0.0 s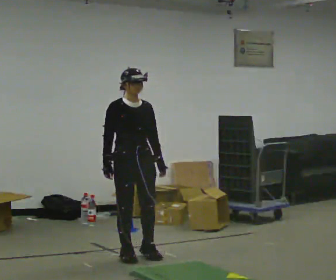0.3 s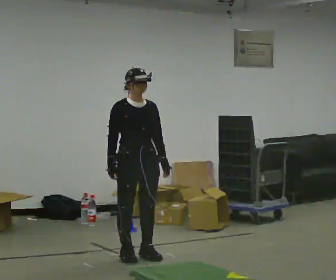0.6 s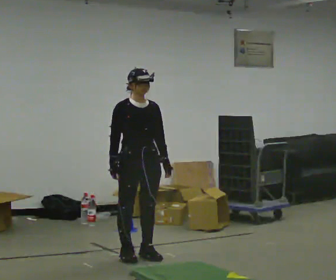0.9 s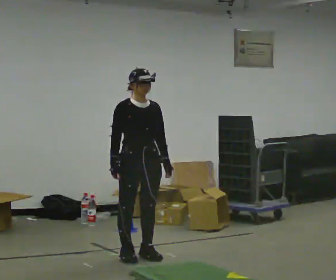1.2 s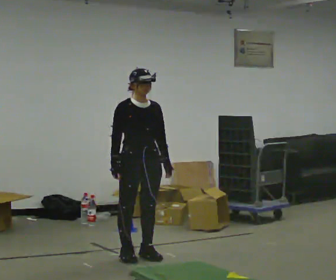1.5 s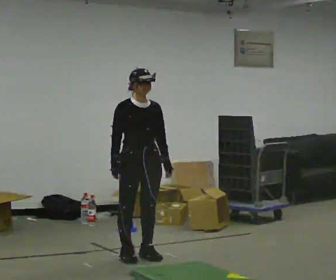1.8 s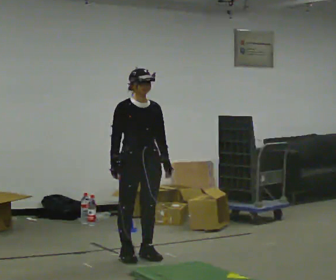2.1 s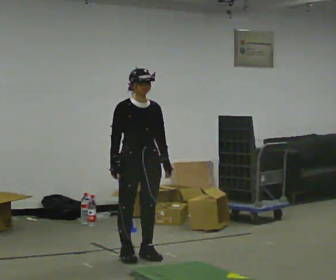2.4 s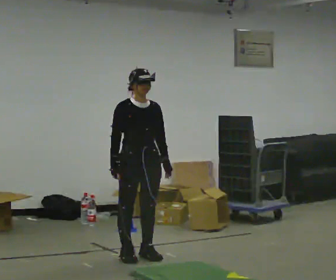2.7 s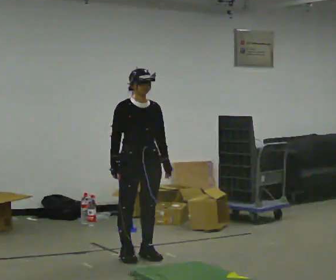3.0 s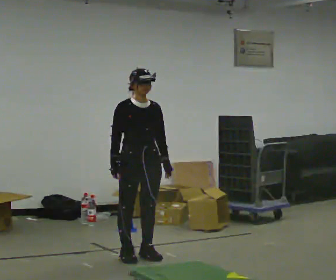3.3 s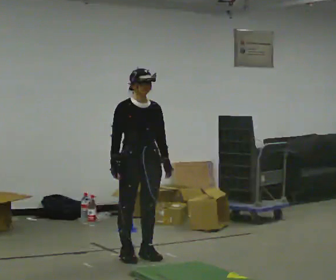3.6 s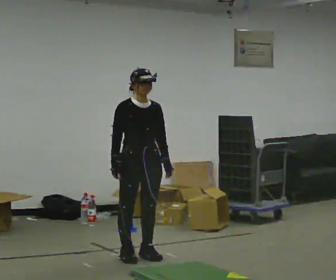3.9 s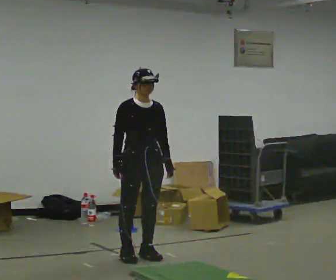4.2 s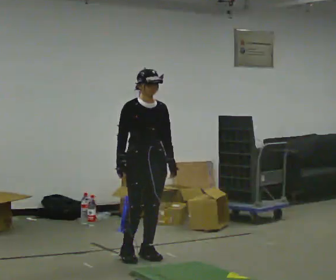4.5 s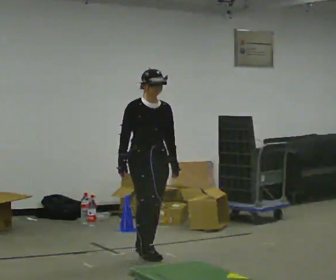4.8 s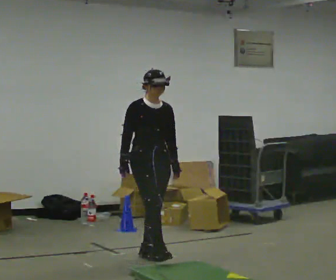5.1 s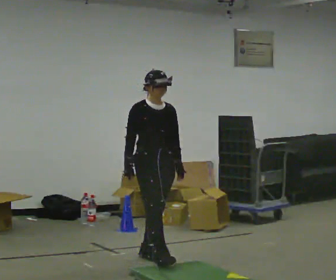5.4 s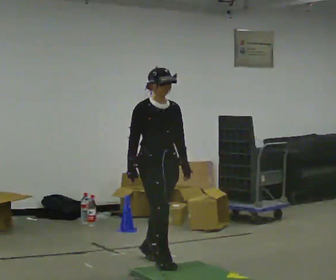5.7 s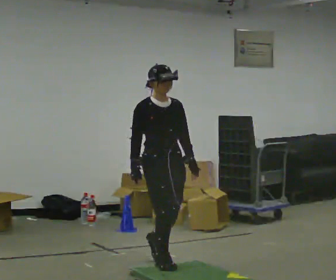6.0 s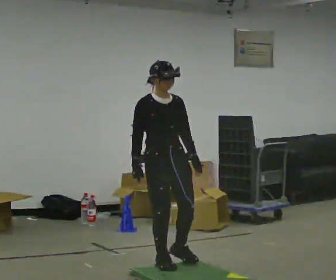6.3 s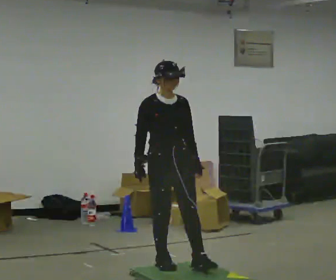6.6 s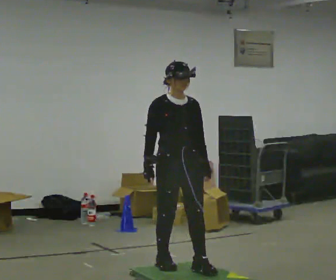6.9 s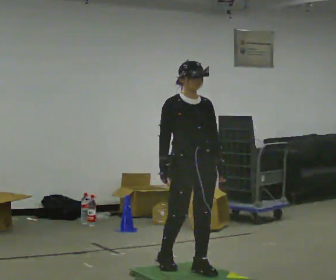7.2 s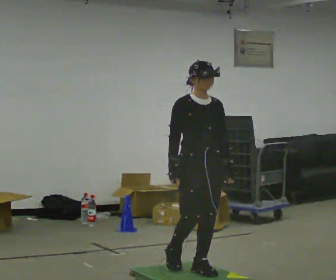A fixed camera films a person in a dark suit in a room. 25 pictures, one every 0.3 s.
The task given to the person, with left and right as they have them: Walk across the soft uneven mat at a comfortable speed; continue walking normally after you leave it.
0.0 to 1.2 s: The person moves a little, or ends about where they began.
1.2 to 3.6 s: The person keeps their place and pose.
3.6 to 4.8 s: The person moves a little, or ends about where they began.
4.8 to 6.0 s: In the picture they go toward the camera, about 0.5 m in 1 step, which for them is forward.
6.0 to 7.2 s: In the picture they go to the right and toward the camera, about 0.25 m in 1 step, which for them is forward and to their left.
The film runs forward here.
